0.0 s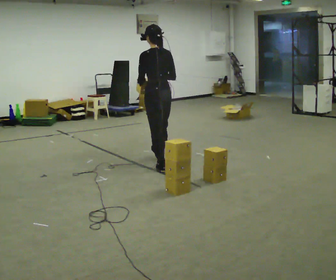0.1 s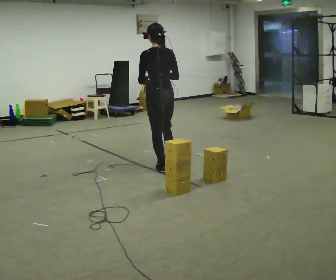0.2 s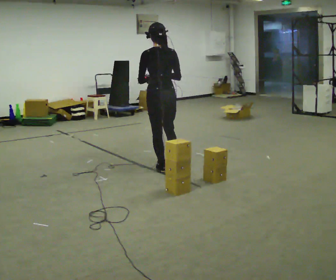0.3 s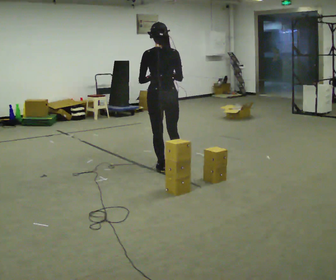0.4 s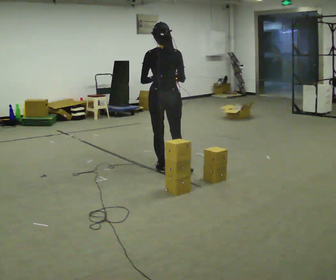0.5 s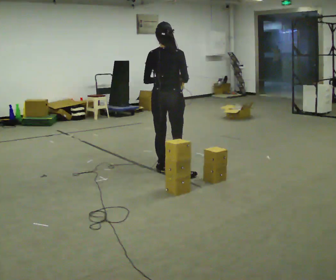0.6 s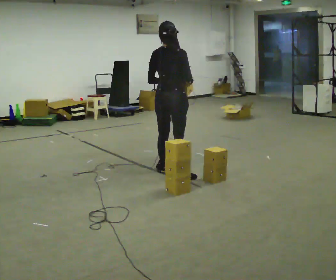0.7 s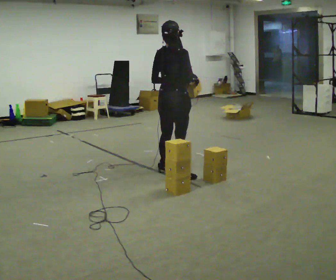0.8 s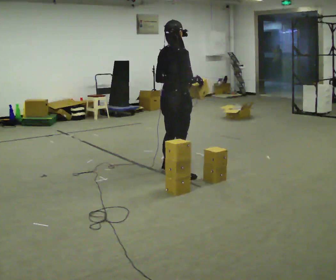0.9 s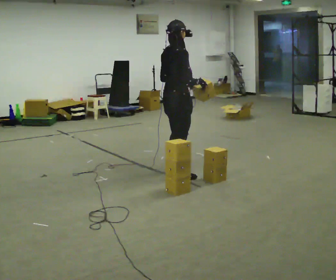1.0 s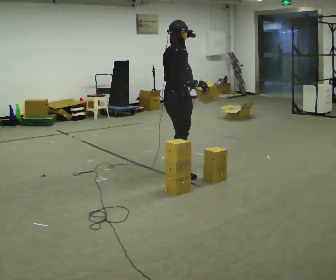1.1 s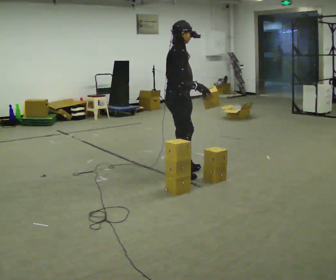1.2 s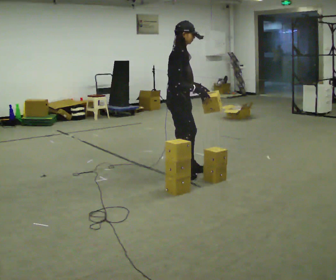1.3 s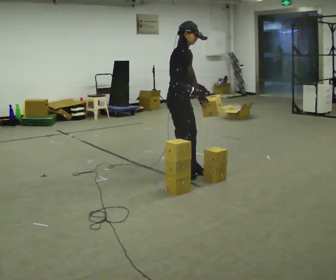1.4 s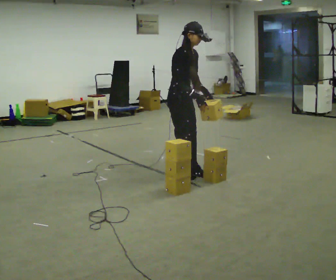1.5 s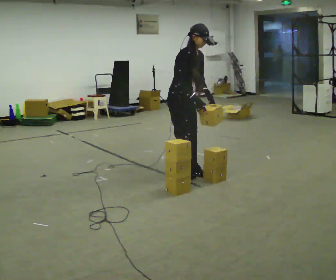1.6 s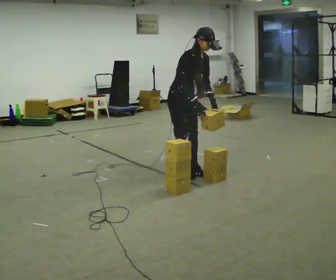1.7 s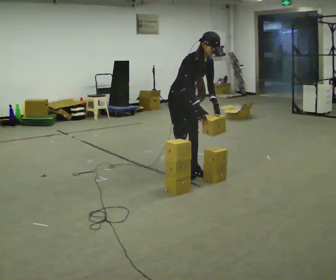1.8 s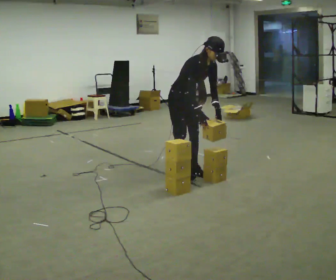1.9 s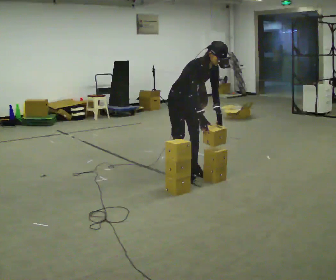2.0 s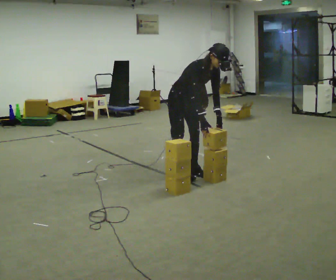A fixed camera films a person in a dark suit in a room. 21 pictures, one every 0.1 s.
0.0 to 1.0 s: The person turns about 105 degrees to their right, clockwise seen from above, so the part of the body nearest the lens slides to the left. In the picture they go toward the camera and to the right, about 0.5 m in 1 step.
1.0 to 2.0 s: The part of the body nearest the lens slides to the left as the person turns to their right by about 75 degrees. In the picture they go away from the camera, about 0.25 m. In the picture the upper body tilts clockwise, shoulders to the right, as they bend forward. In the picture their right hand goes downward.
The film runs backward here.
